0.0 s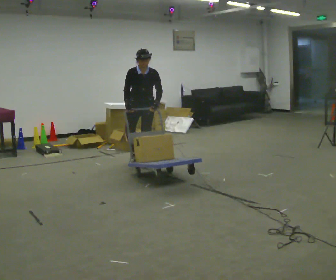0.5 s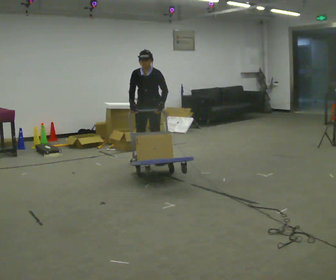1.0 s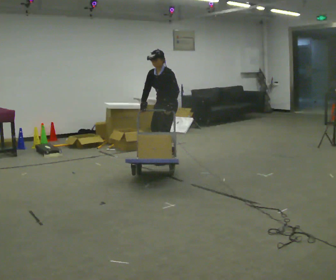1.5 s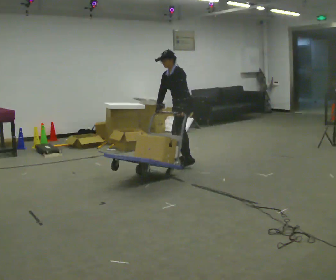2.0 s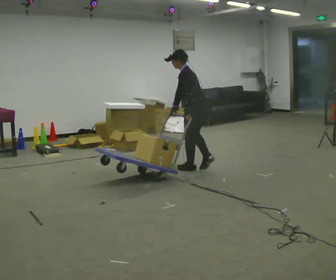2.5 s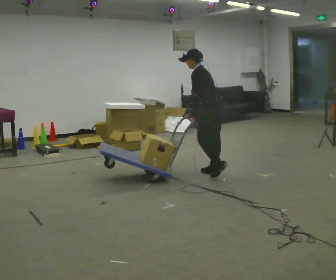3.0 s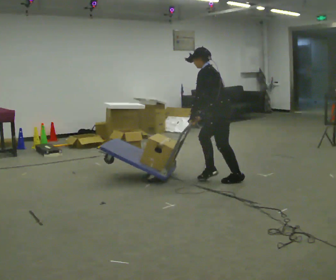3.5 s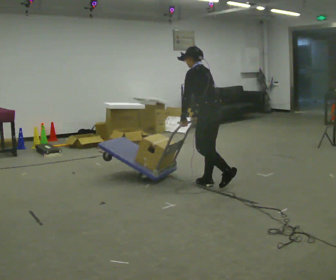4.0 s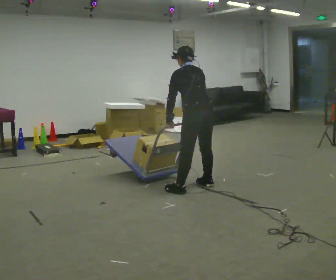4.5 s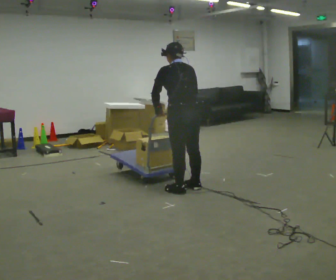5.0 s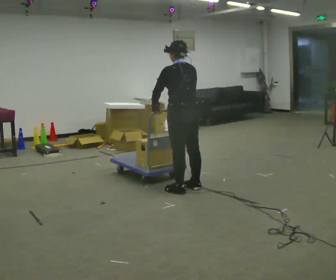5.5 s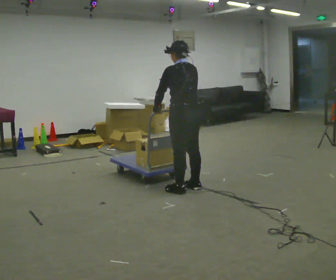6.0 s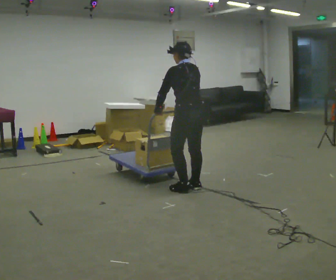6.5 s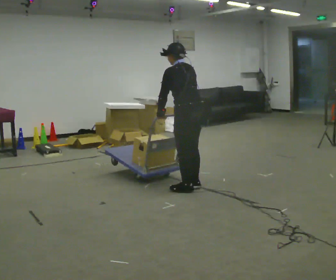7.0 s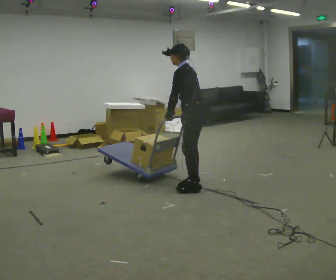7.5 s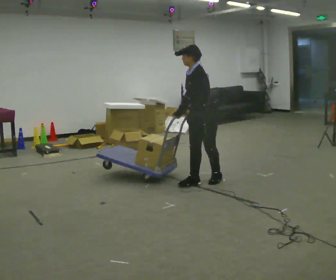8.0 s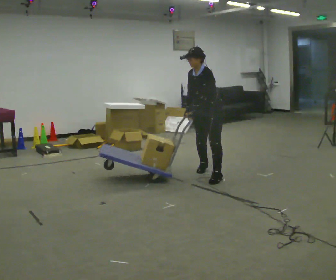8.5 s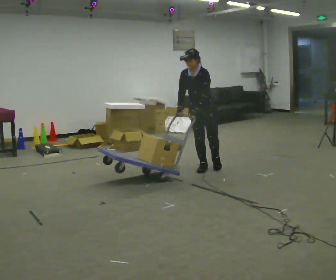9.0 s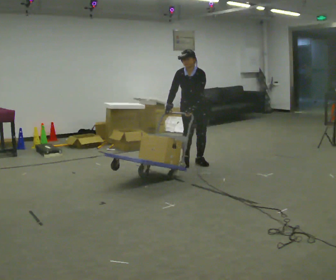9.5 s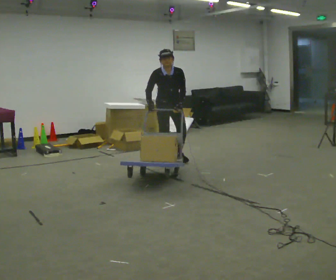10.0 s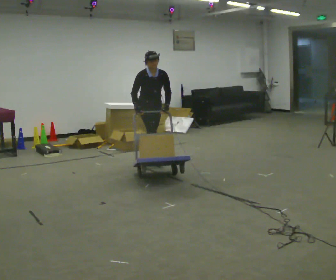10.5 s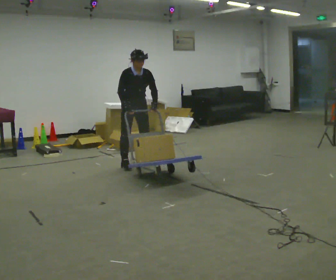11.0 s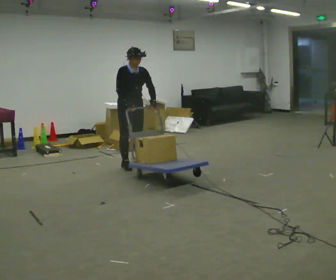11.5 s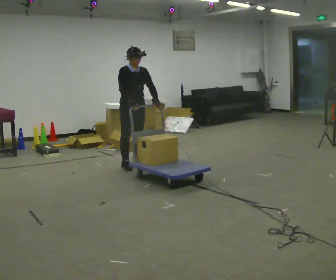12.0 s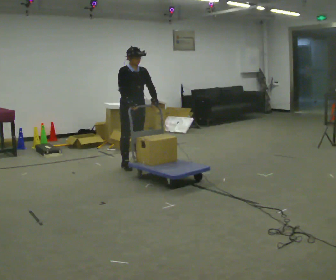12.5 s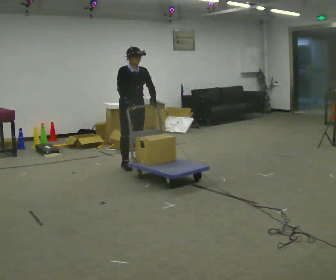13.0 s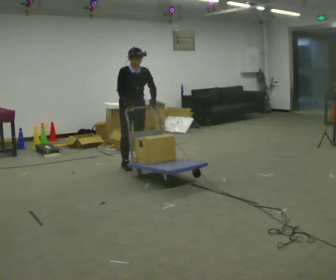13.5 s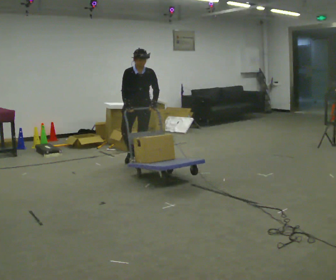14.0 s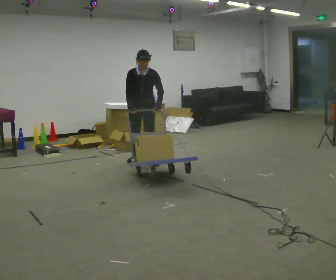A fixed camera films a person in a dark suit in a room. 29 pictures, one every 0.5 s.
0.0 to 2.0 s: The part of the body nearest the lens slides to the left as the person turns to their right by about 105 degrees. In the picture they go to the right, about 1 m in 4 steps. In the picture the upper body tilts counterclockwise, shoulders to the left.
2.0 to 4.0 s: The person turns about 30 degrees to their right, clockwise seen from above, so the part of the body nearest the lens slides to the left. In the picture they go toward the camera, about 1 m in 3 steps, which for them is to their left. The upper body tips away from the camera, its near side rolling upward.
4.0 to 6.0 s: The person moves a little, or ends about where they began.
6.0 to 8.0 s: Seen from above the body turns counterclockwise, about 90 degrees: to their left, with its near side sliding to the right. In the picture they go away from the camera, about 0.5 m in 3 steps. The upper body tips toward the camera, its near side rolling downward.
8.0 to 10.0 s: The part of the body nearest the lens slides to the right as the person turns to their left by about 75 degrees. In the picture they go to the left and away from the camera, about 1 m in 4 steps. In the picture the upper body tilts clockwise, shoulders to the right.
10.0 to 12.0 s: In the picture they go toward the camera and to the left, about 0.25 m in 1 step, which for them is to their right and forward.
12.0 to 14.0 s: Seen from above the body turns clockwise, about 60 degrees: to their right, with its near side sliding to the left. In the picture they go away from the camera, about 0.25 m in 2 steps, which for them is to their left and backward.
The film runs backward here.
